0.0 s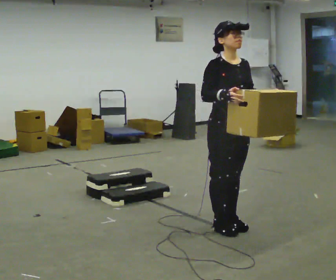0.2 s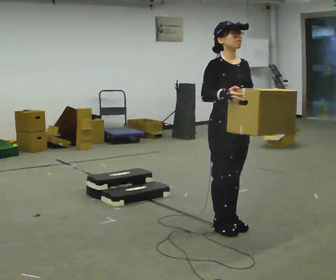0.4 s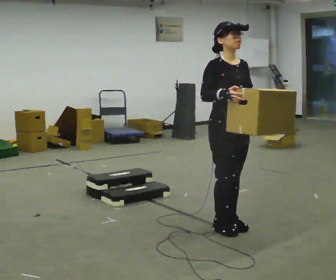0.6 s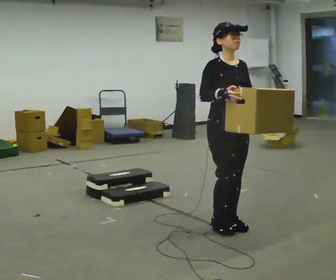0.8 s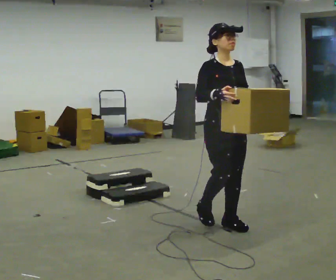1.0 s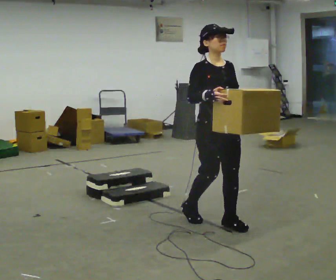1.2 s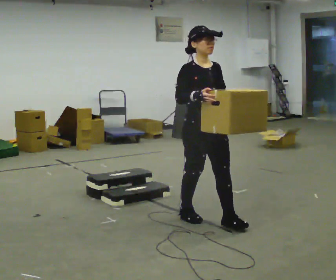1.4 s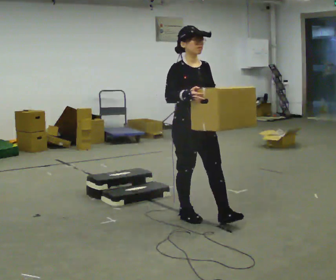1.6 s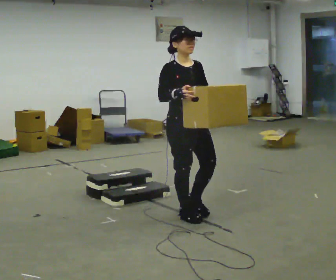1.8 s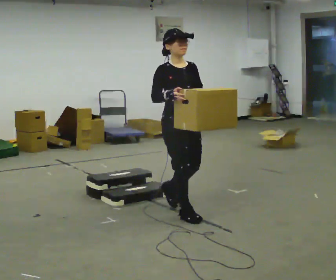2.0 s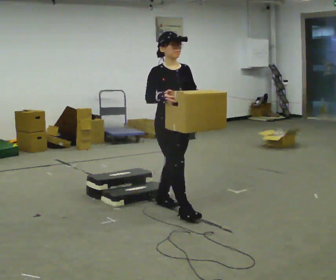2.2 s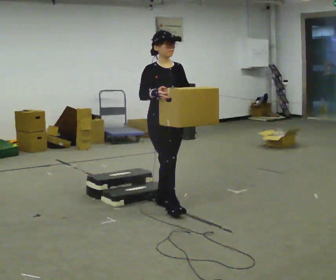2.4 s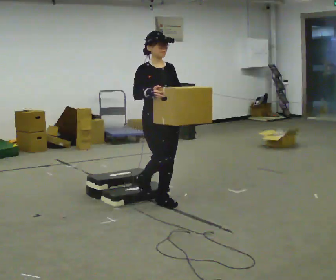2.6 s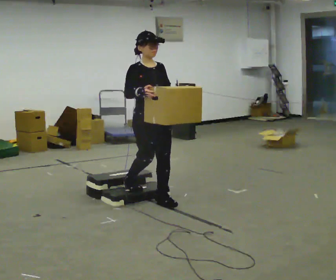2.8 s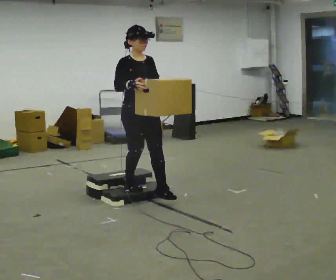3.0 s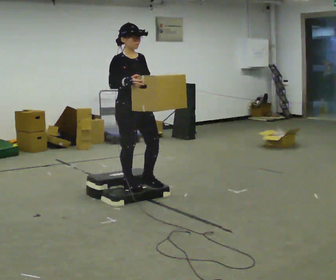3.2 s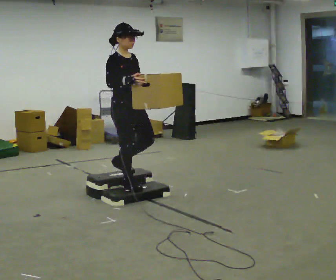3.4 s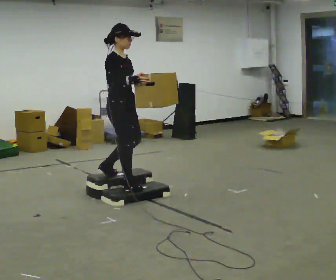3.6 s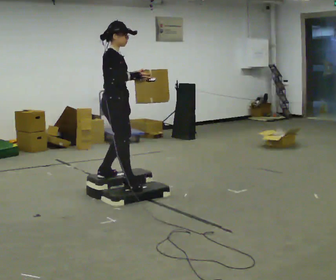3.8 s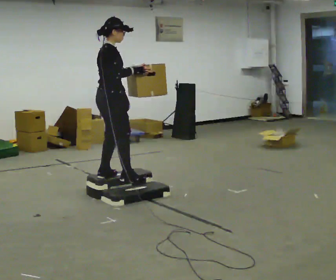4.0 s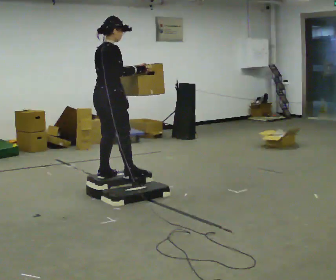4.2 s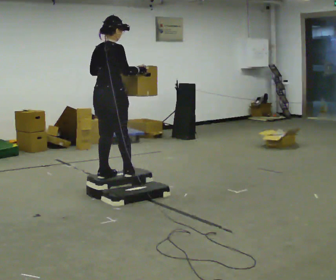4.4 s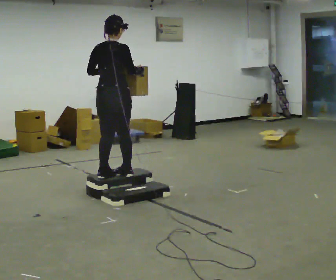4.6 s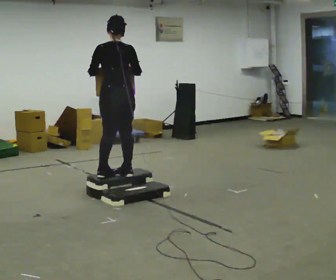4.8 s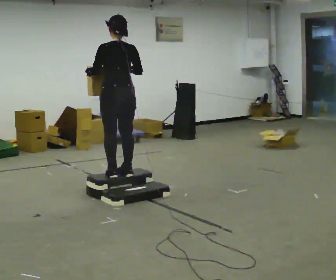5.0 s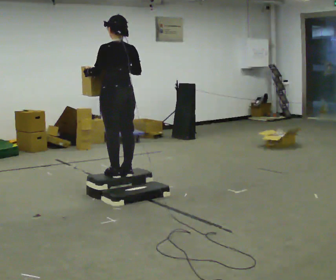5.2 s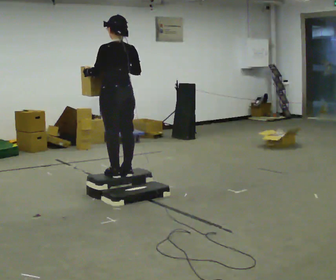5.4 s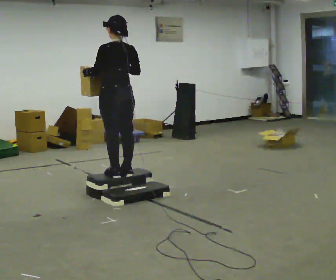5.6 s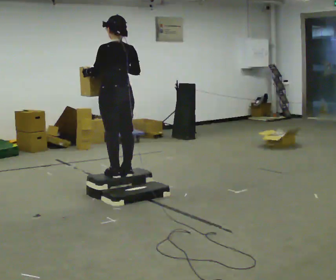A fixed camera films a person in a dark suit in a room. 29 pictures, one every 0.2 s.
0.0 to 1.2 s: In the picture they go away from the camera and to the left, about 0.25 m in 1 step, which for them is backward.
1.2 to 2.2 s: In the picture they go away from the camera and to the left, about 0.5 m in 2 steps, which for them is backward.
2.2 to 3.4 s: Seen from above the body turns counterclockwise, about 45 degrees: to their left, with its near side sliding to the right. In the picture they go to the left and away from the camera, about 0.5 m in 1 step, which for them is backward.
3.4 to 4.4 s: The part of the body nearest the lens slides to the right as the person turns to their left by about 90 degrees. In the picture their left hand goes to the left.
4.4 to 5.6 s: The person turns about 45 degrees to their left, counterclockwise seen from above, so the part of the body nearest the lens slides to the right.
The film runs backward here.
